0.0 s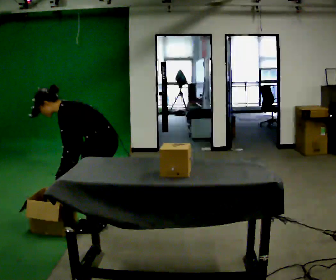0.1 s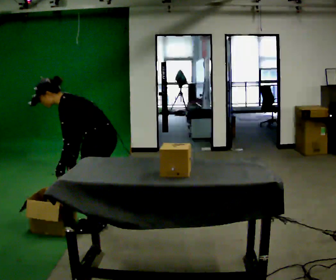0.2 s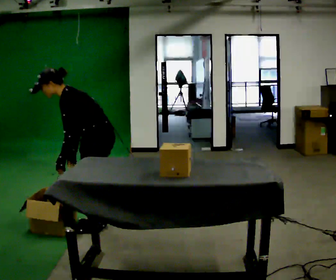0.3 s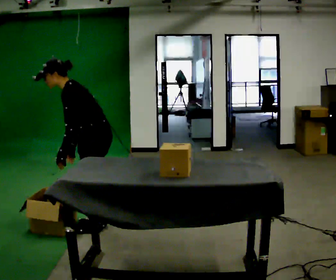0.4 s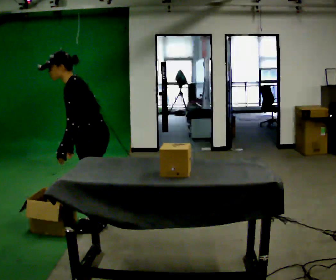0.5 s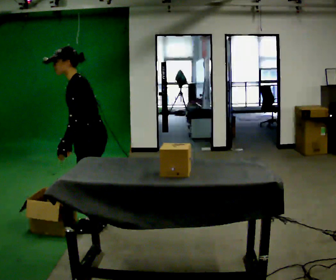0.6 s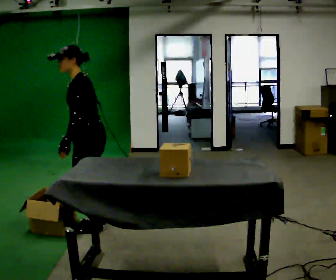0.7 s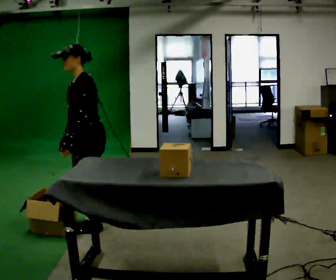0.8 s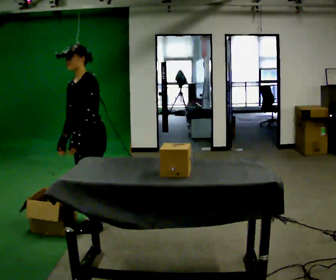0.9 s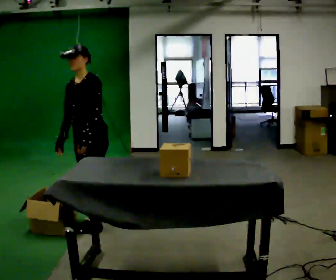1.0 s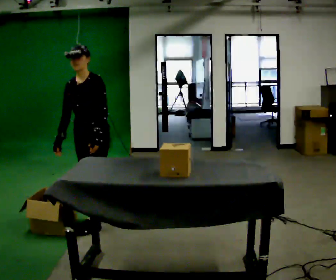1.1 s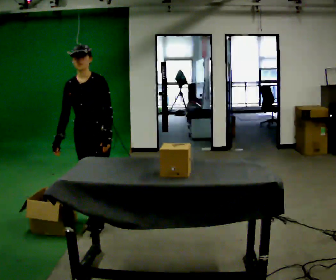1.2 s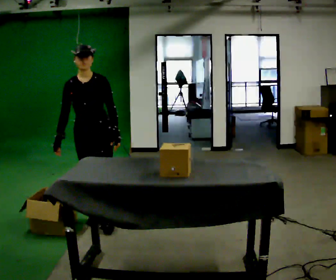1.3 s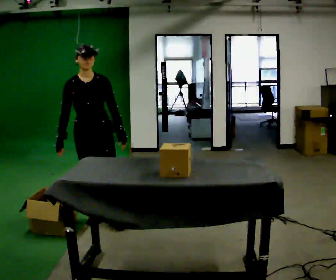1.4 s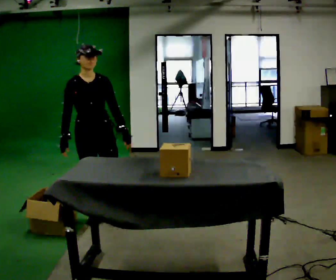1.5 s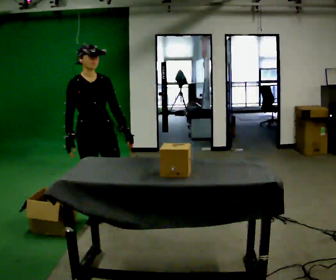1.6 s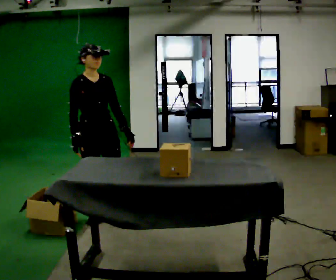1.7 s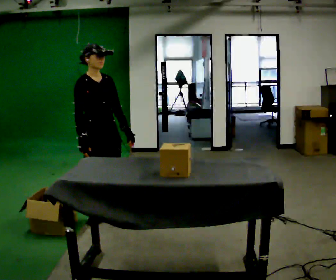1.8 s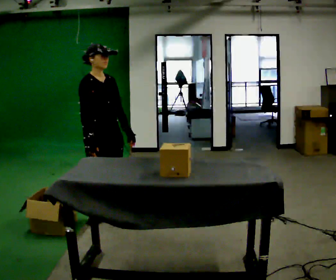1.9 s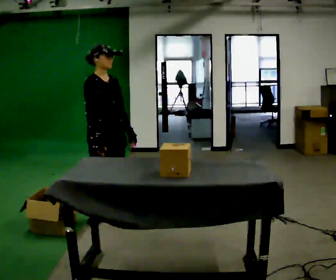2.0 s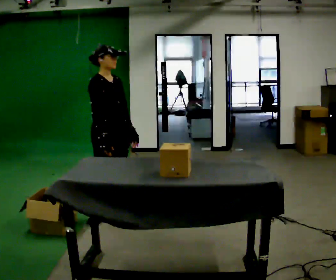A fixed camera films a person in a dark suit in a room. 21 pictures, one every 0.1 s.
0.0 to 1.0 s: The part of the body nearest the lens slides to the right as the person turns to their left by about 60 degrees. The upper body goes upward. In the picture the upper body tilts clockwise, shoulders to the right, as they lean back or straighten.
1.0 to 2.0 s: Seen from above the body turns counterclockwise, about 75 degrees: to their left, with its near side sliding to the right. In the picture their left hand goes to the right.
The film runs forward here.
